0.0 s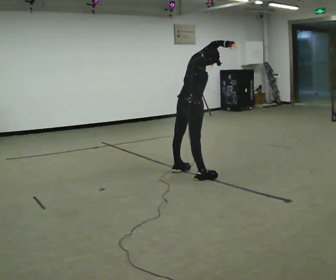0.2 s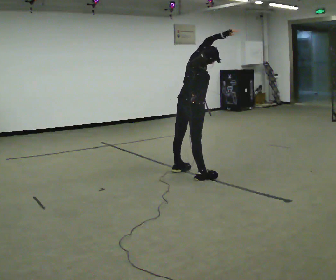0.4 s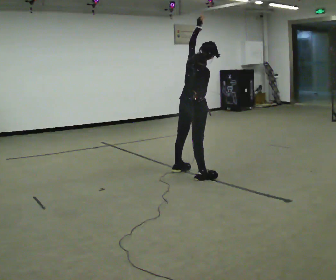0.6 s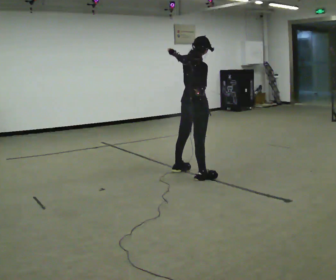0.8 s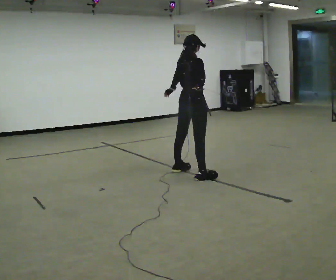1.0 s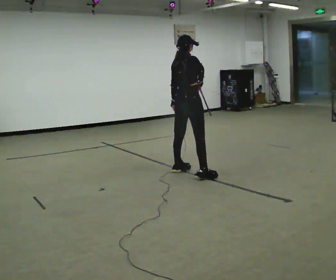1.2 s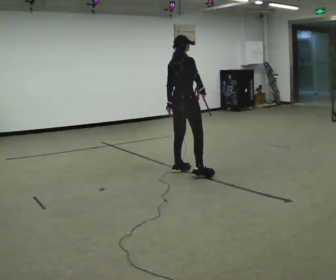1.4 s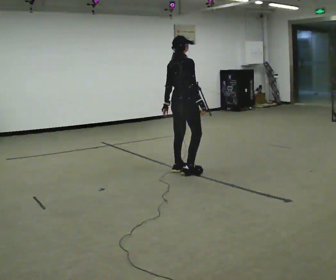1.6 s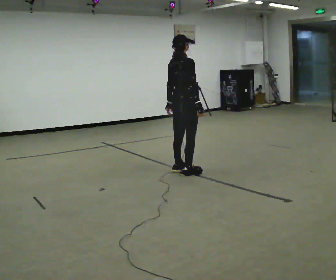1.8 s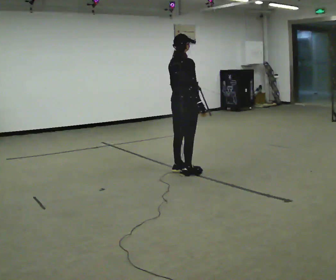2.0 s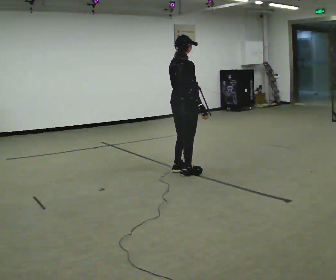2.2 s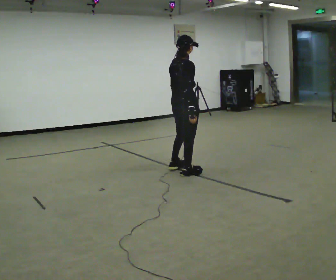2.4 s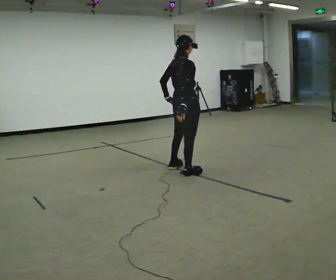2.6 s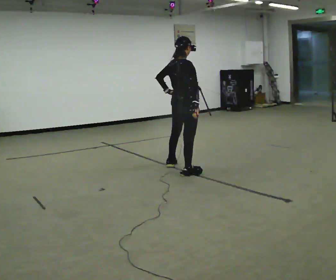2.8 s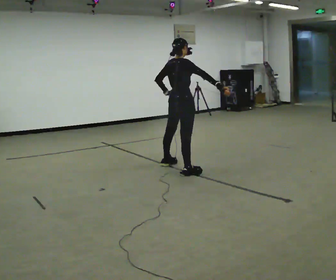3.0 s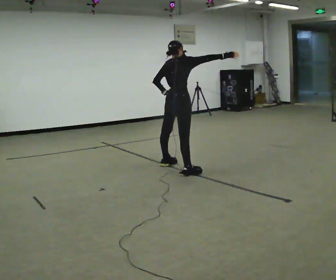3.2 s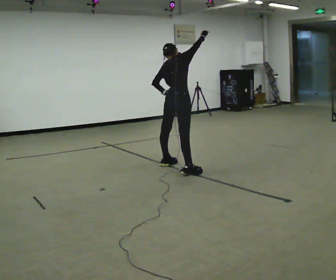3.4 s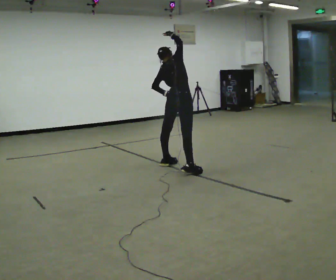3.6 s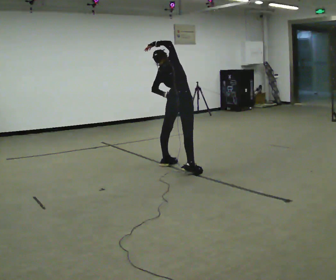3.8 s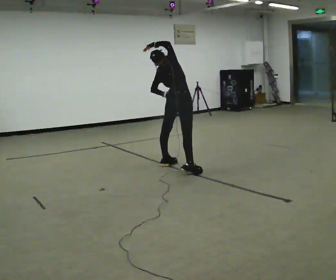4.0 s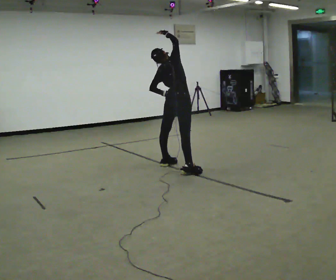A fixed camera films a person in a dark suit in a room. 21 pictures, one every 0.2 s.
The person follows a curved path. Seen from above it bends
clockwise.
0.0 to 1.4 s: The upper body tips away from the camera, its near side rolling upward. In the picture their left hand goes downward and to the left.
1.4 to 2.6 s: The person moves a little, or ends about where they began.
2.6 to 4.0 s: In the picture they go away from the camera, about 0.25 m, which for them is to their left and forward. In the picture their right hand goes upward, the arm swinging counterclockwise.
The film runs backward here.
